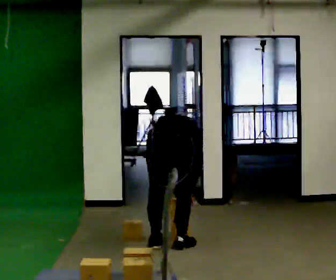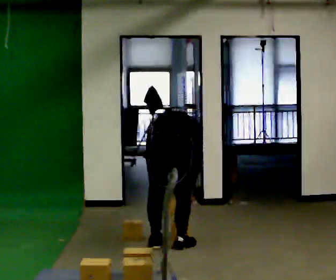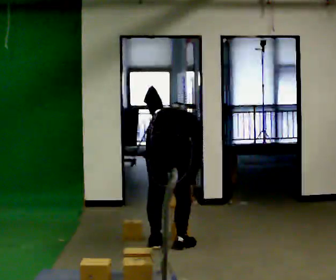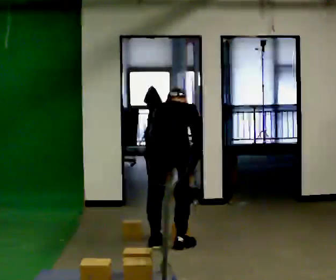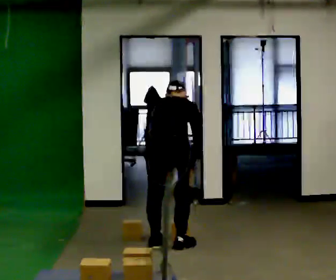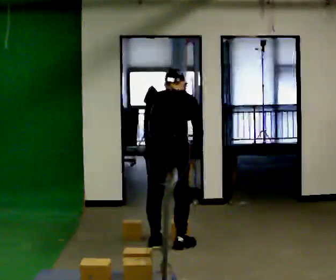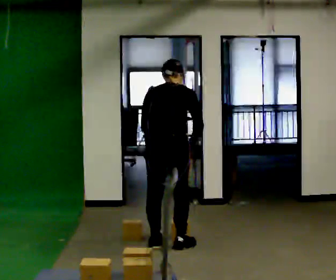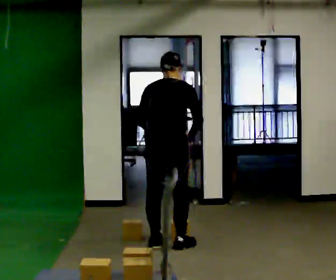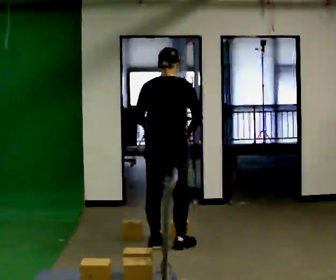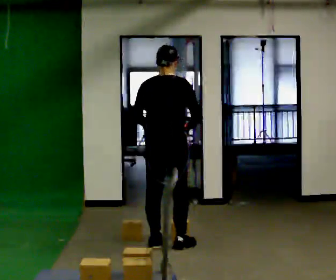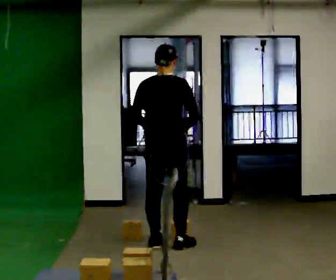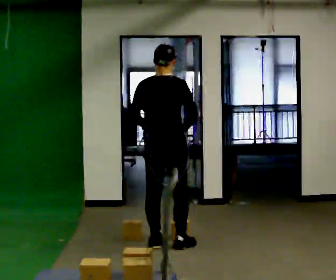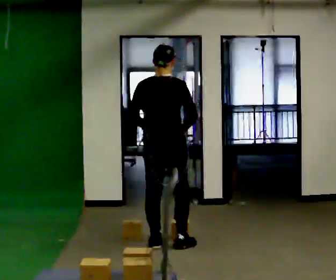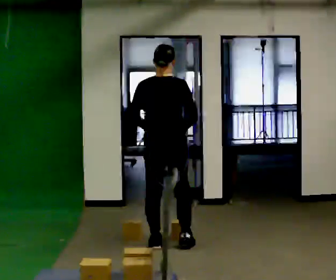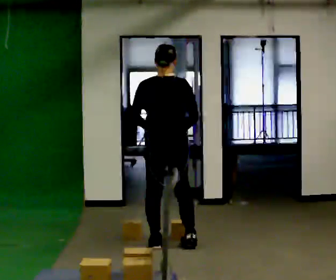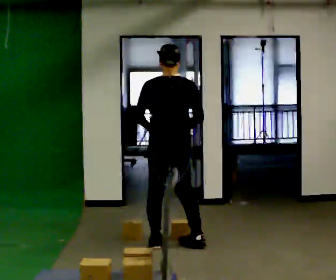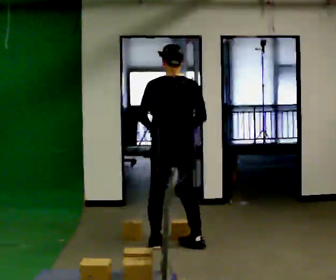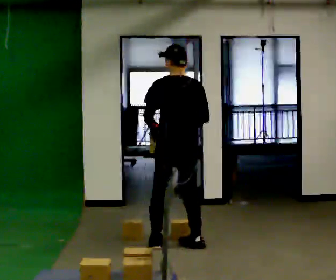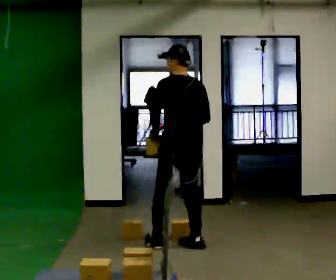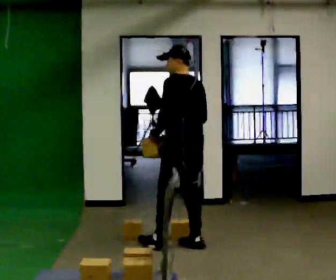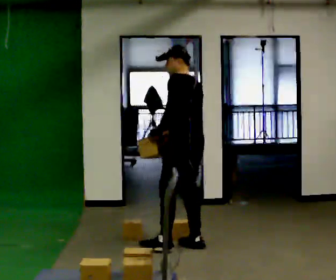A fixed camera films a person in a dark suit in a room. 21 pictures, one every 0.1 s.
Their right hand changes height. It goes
upward.
The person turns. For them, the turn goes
to their left.
0.0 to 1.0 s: In the picture they go away from the camera, about 0.25 m, which for them is forward. The upper body goes upward. The upper body tips toward the camera, its near side rolling downward, as they lean back or straighten. In the picture their left hand goes upward.
1.0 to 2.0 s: The person turns about 75 degrees to their left, counterclockwise seen from above, so the part of the body nearest the lens slides to the right. In the picture they go to the right, about 0.25 m in 1 step.
The film runs forward here.
